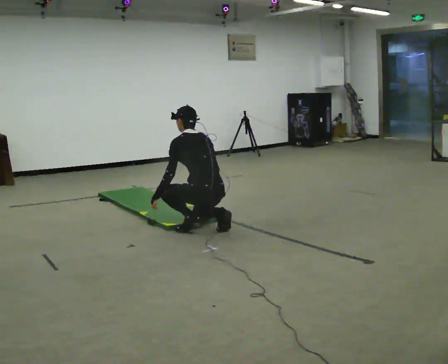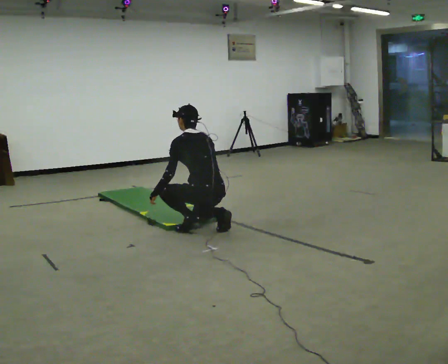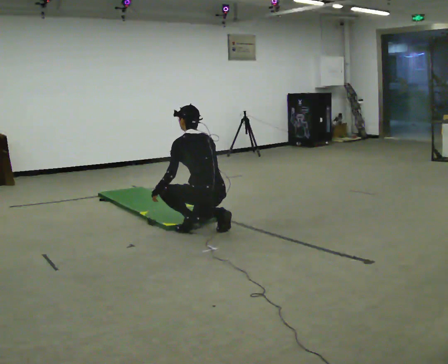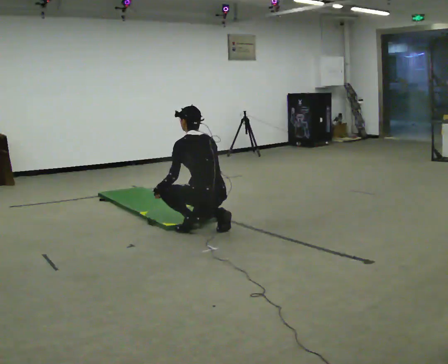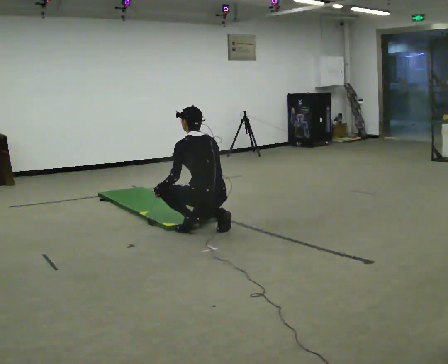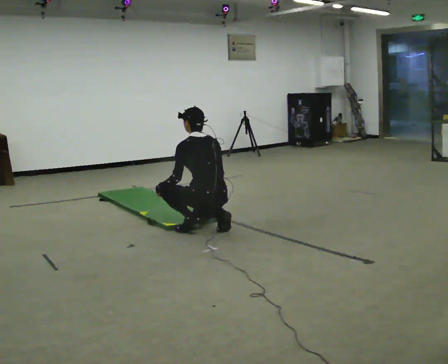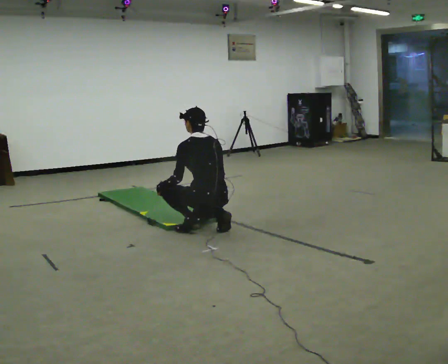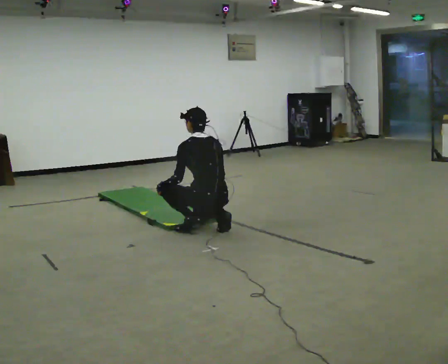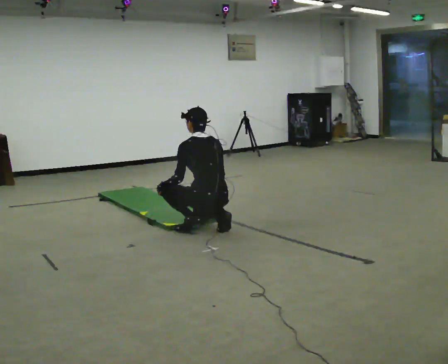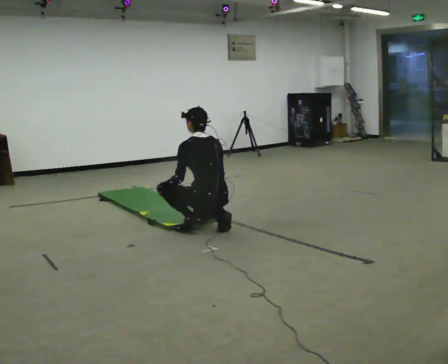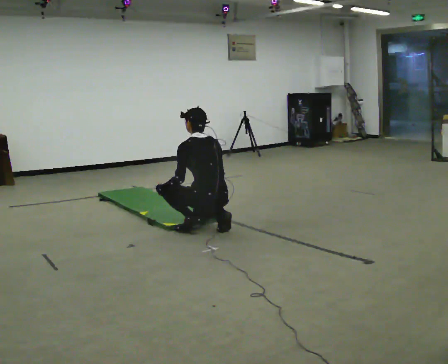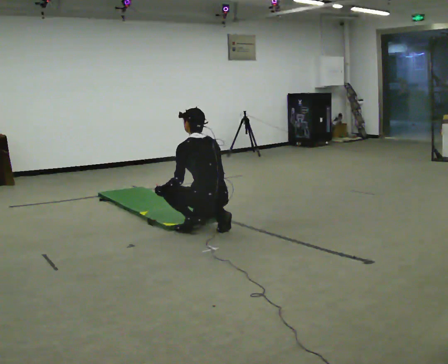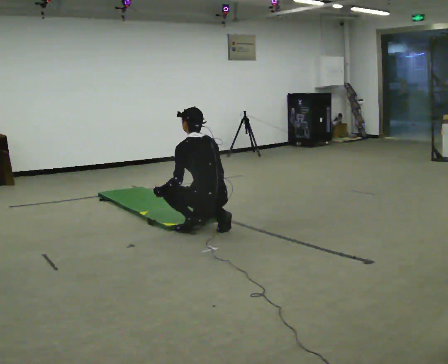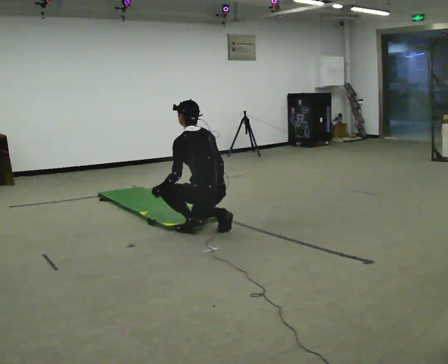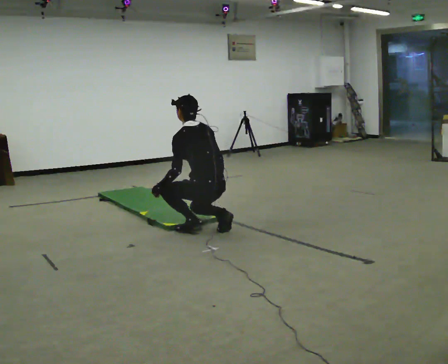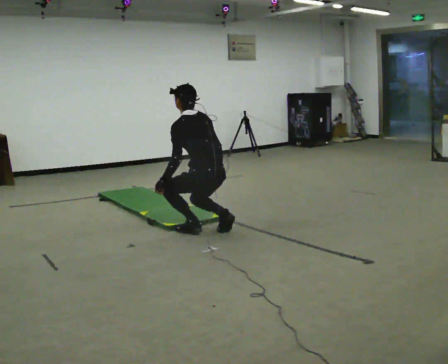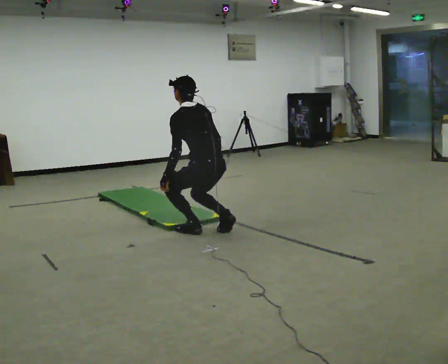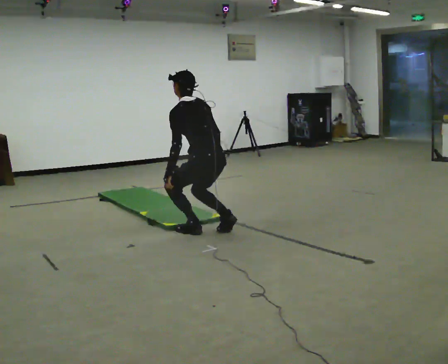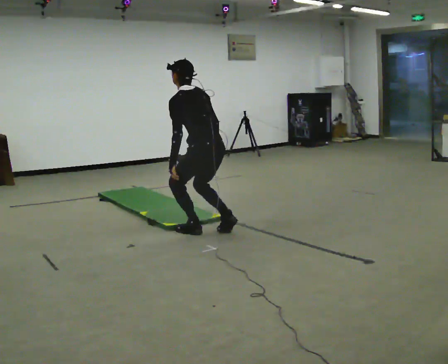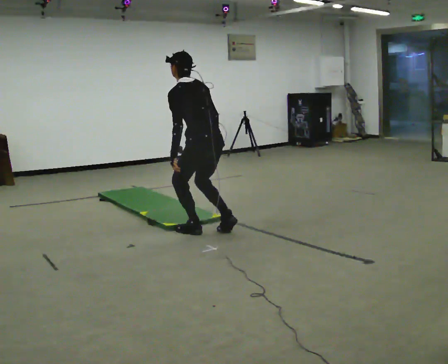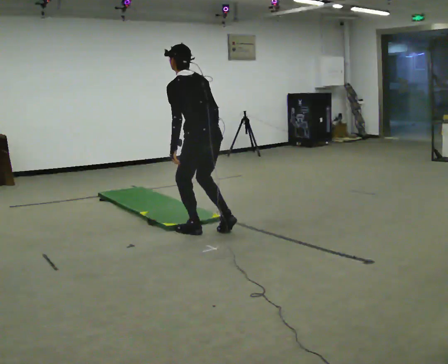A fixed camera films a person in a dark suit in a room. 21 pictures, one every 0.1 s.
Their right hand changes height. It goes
upward.
The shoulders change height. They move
upward.
0.0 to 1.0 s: The person moves a little, or ends about where they began.
1.0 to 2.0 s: The upper body goes upward. In the picture their left hand goes upward.
The film runs forward here.
